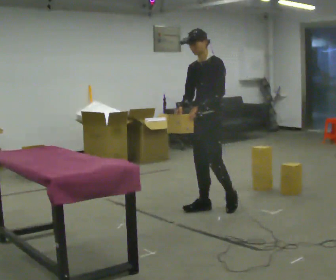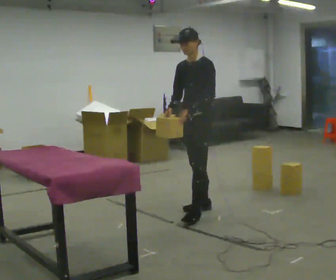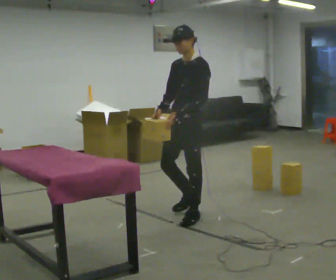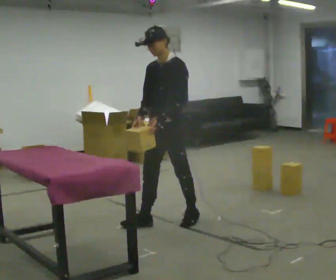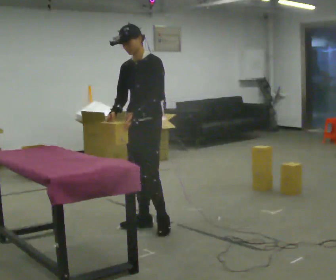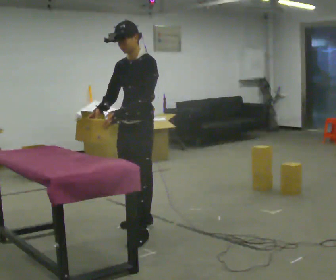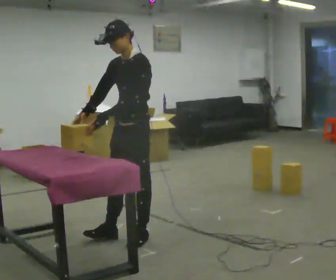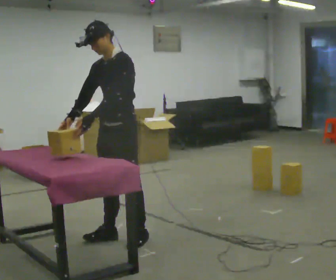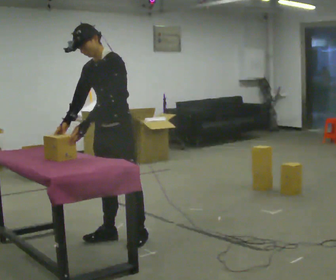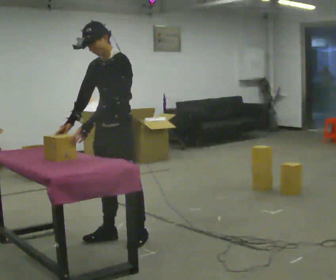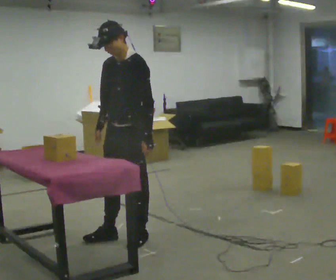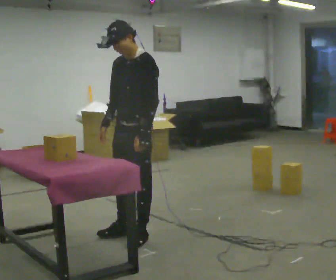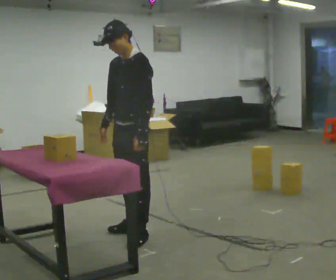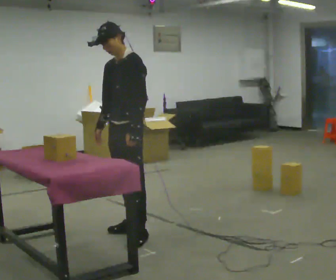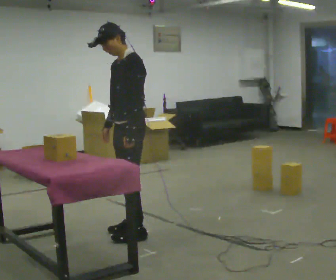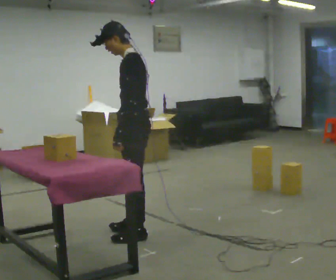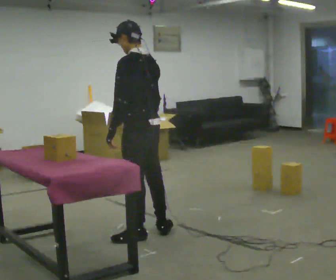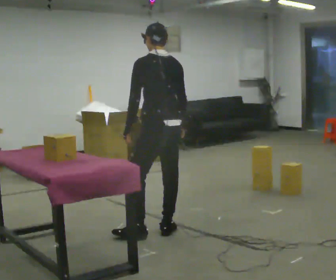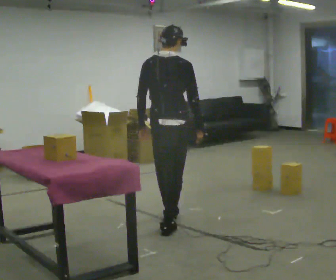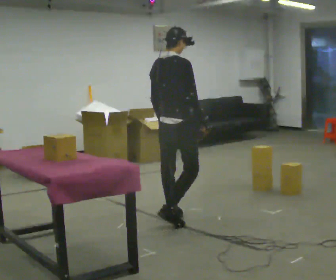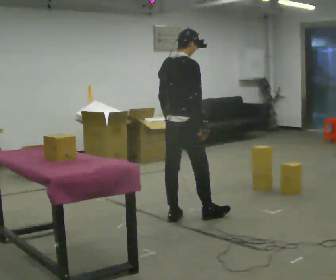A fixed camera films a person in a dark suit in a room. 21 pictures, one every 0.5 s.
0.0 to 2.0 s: In the picture they go to the left and toward the camera, about 1 m in 2 steps, which for them is forward.
2.0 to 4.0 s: In the picture they go toward the camera and to the left, about 0.5 m in 2 steps, which for them is forward.
4.0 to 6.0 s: The person moves a little, or ends about where they began.
6.0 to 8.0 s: The part of the body nearest the lens slides to the left as the person turns to their right by about 75 degrees. In the picture their right hand goes to the right.
8.0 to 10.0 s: Seen from above the body turns clockwise, about 105 degrees: to their right, with its near side sliding to the left. In the picture they go away from the camera and to the right, about 0.5 m in 2 steps.
The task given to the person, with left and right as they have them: Pick an object up off the floor at one end of the room, carry it across, and place it on the waist-height shelf at the other end. Keep going until the operator says stop; one object at a time, and do not rush between trips.
The film runs forward here.
